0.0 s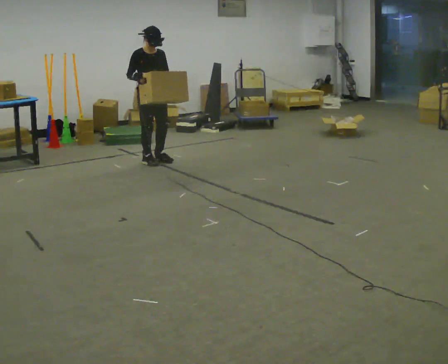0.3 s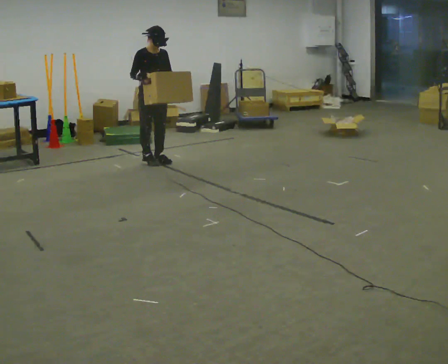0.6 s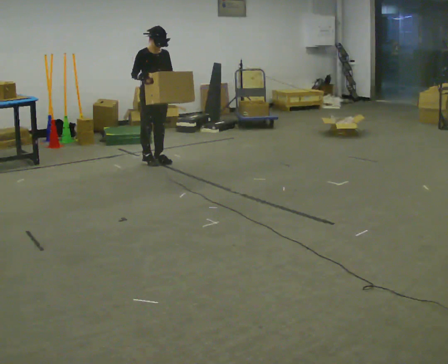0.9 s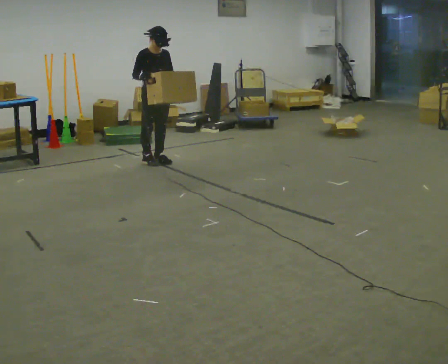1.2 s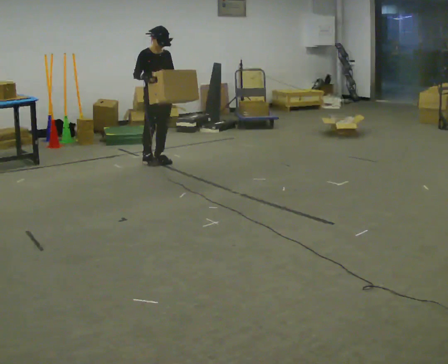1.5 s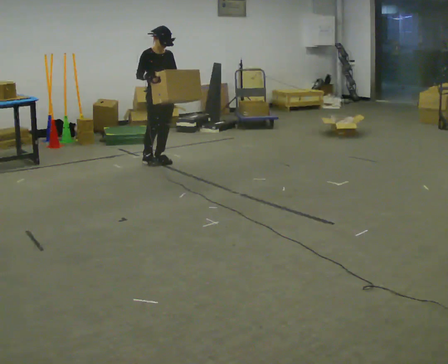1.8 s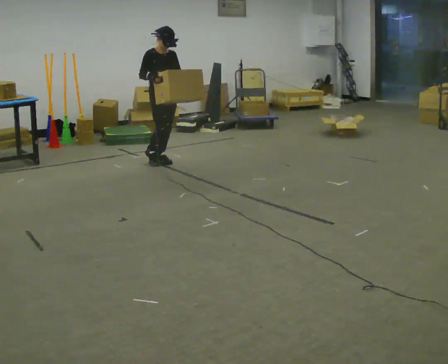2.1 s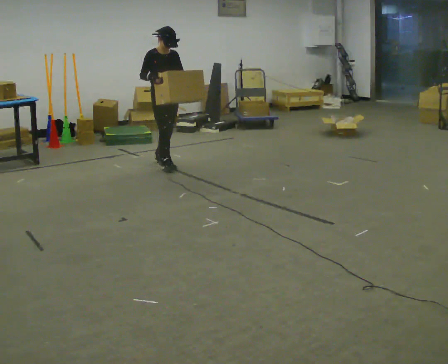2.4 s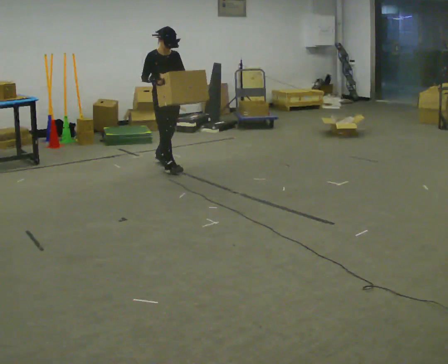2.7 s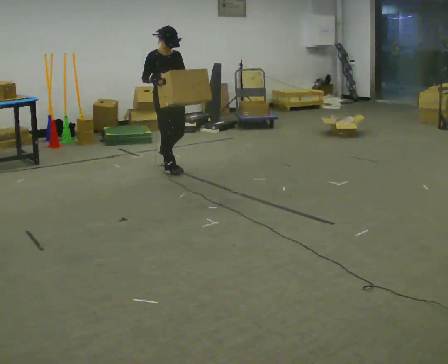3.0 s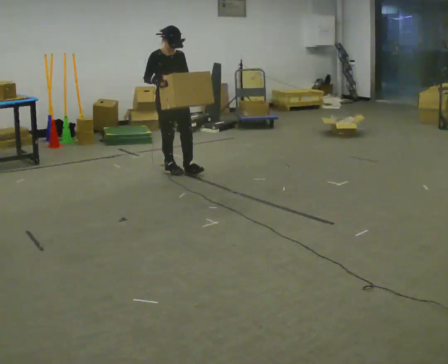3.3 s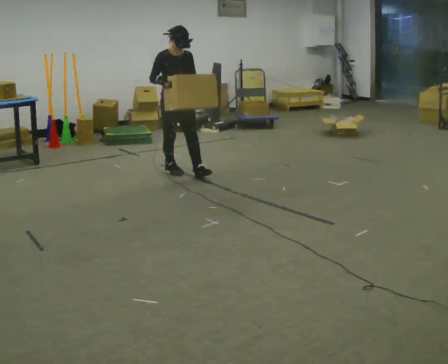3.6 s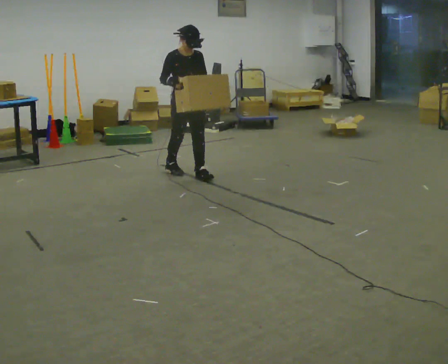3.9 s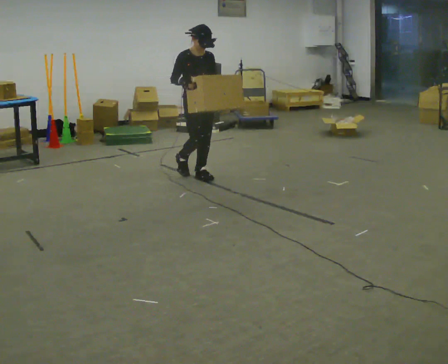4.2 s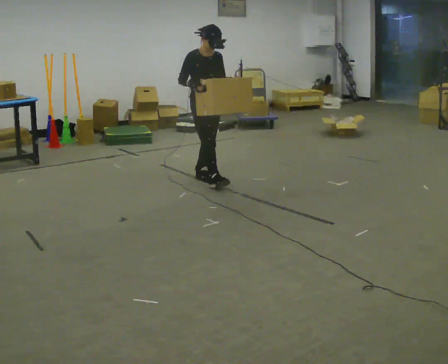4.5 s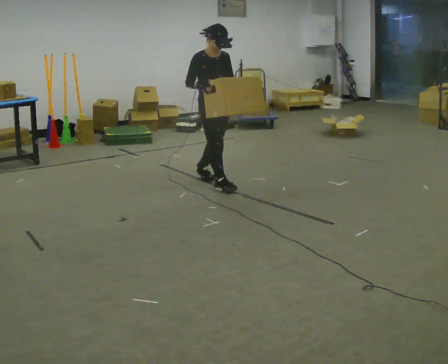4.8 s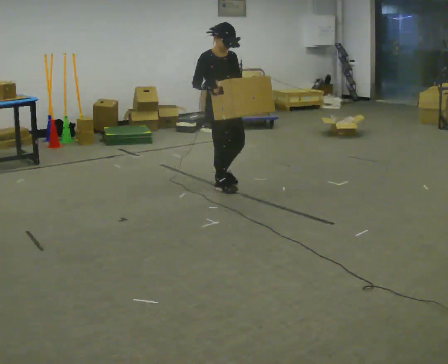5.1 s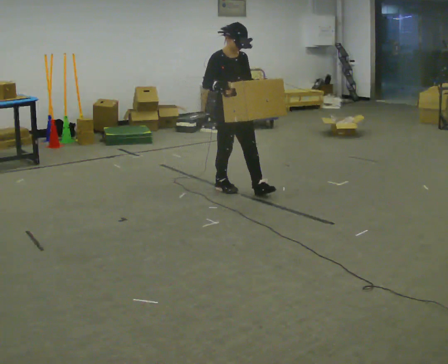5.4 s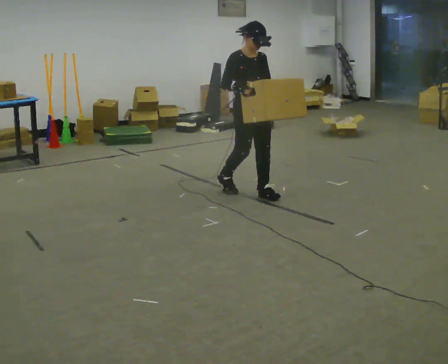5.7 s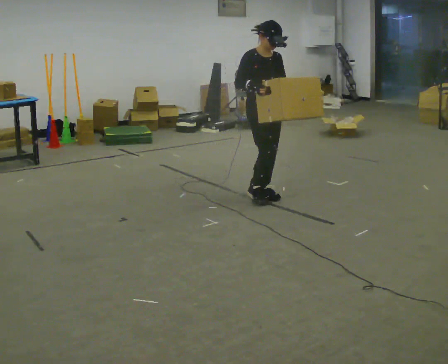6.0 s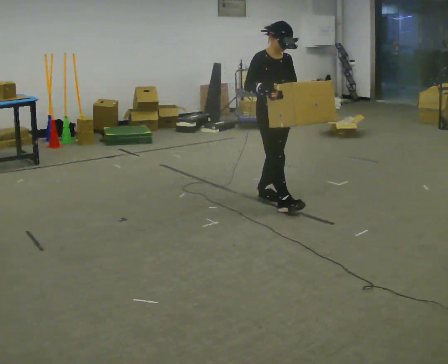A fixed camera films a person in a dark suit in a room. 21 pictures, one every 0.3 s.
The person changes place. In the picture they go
toward the camera.
0.0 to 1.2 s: The person moves a little, or ends about where they began.
1.2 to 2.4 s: In the picture they go toward the camera, about 0.25 m in 1 step, which for them is forward.
2.4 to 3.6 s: In the picture they go toward the camera and to the right, about 0.5 m in 1 step, which for them is forward.
3.6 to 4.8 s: In the picture they go toward the camera and to the right, about 0.5 m in 1 step, which for them is forward.
4.8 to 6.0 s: In the picture they go toward the camera and to the right, about 0.5 m in 2 steps, which for them is forward.
The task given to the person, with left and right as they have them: Carry the box and, while you are still walking, turn it so you can read the label, read it out loud, then carry on. Repeat with the next box. Do not stop to read it.
The film runs forward here.
